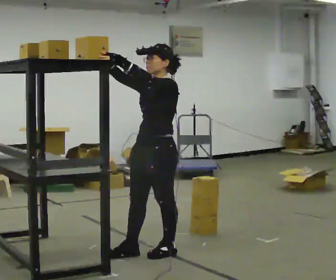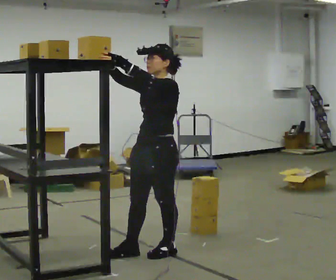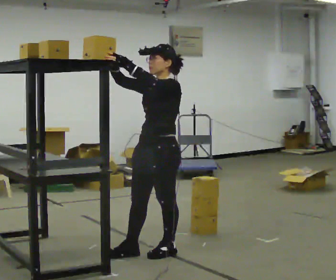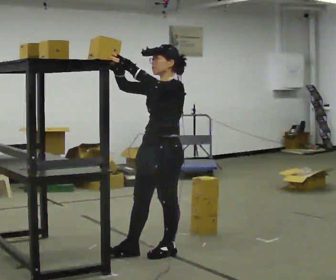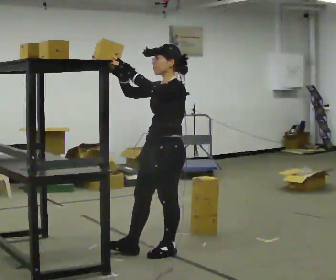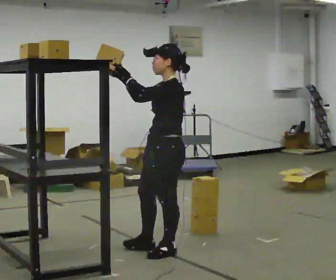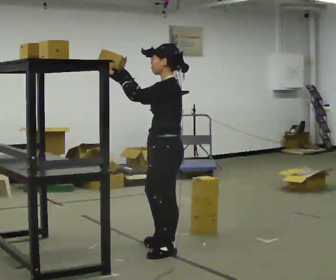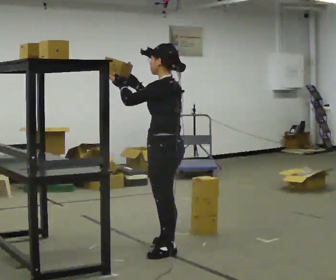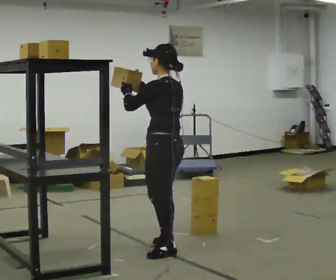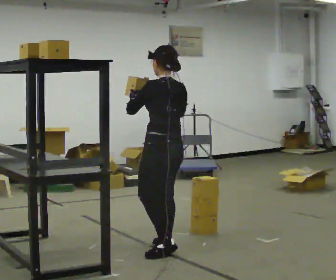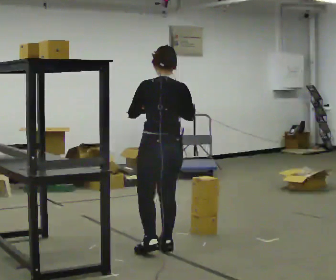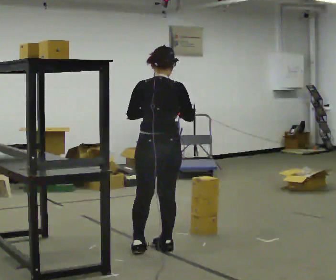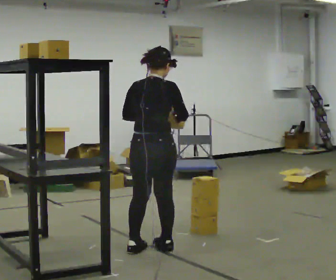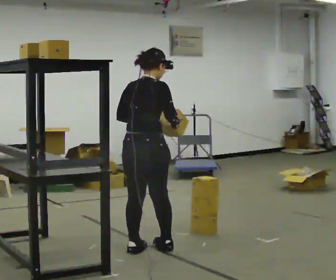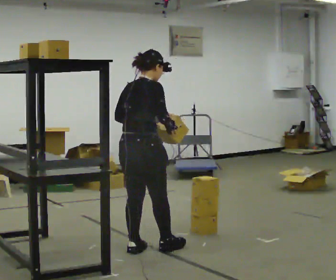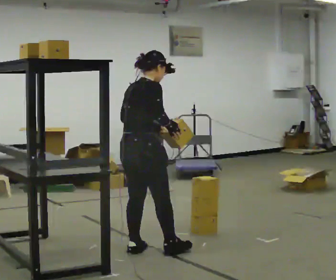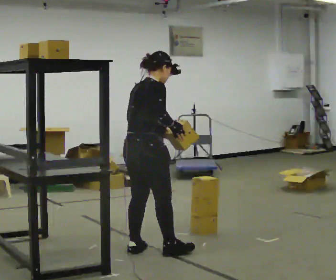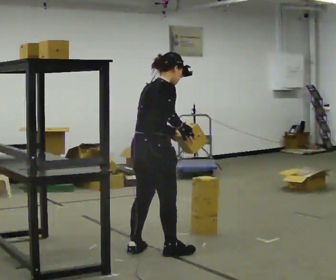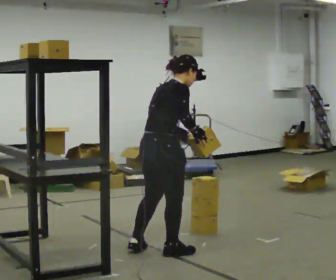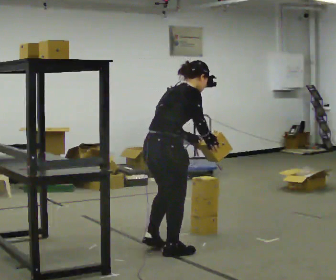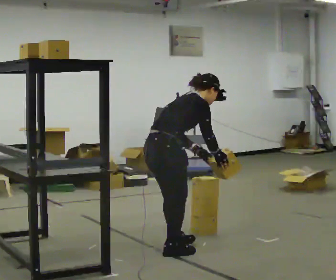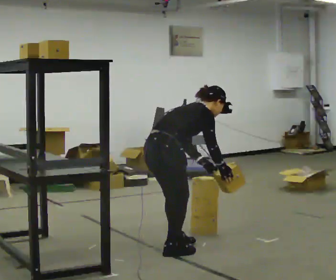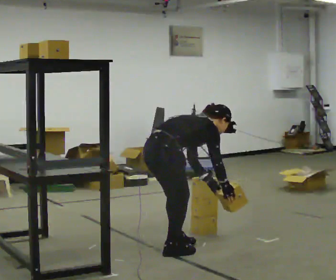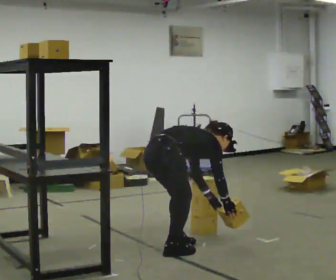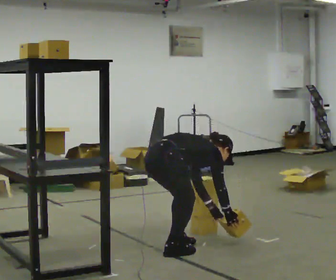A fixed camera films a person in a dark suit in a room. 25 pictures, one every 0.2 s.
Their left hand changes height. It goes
downward.
The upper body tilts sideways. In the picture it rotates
clockwise.
0.0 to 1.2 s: The person turns about 45 degrees to their right, clockwise seen from above, so the part of the body nearest the lens slides to the left.
1.2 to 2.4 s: The person turns about 105 degrees to their right, clockwise seen from above, so the part of the body nearest the lens slides to the left. In the picture their right hand goes to the right.
2.4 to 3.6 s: Seen from above the body turns clockwise, about 30 degrees: to their right, with its near side sliding to the left. In the picture the upper body tilts clockwise, shoulders to the right, as they bend forward.
3.6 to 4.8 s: The shoulders move downward. In the picture the upper body tilts clockwise, shoulders to the right, as they bend forward. In the picture their right hand goes downward.
The film runs forward here.
